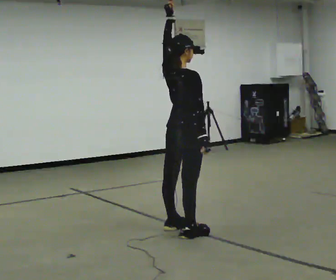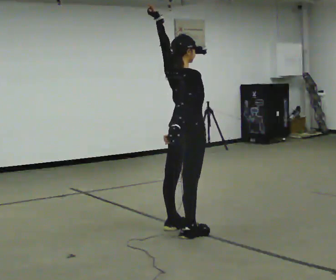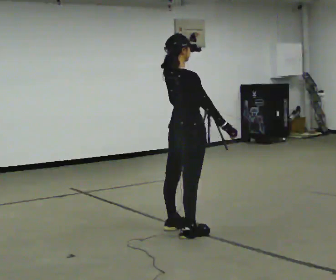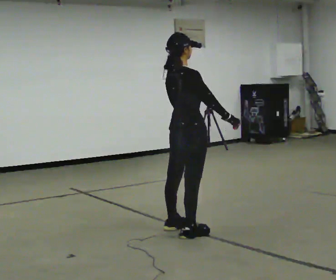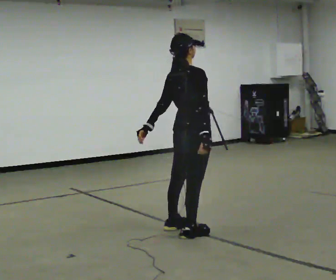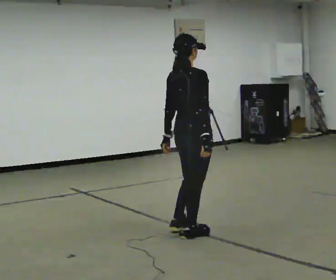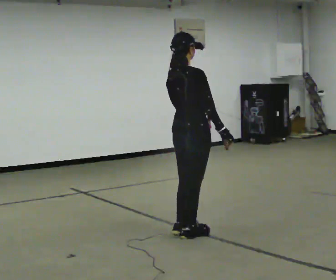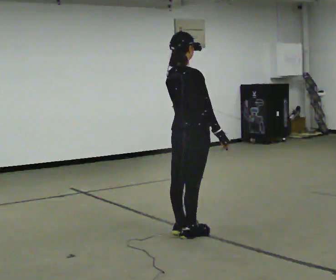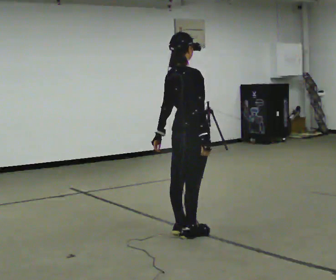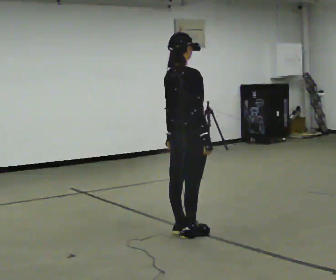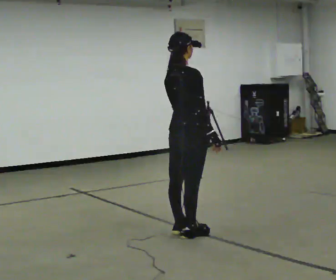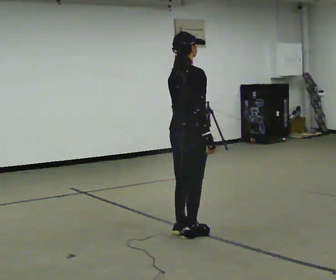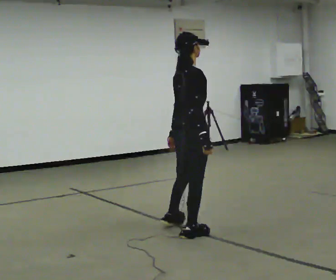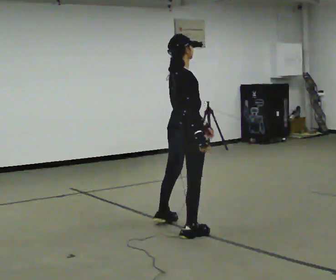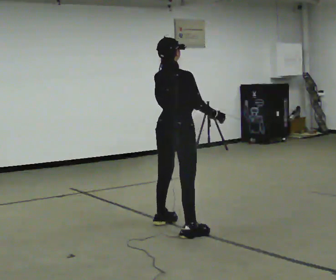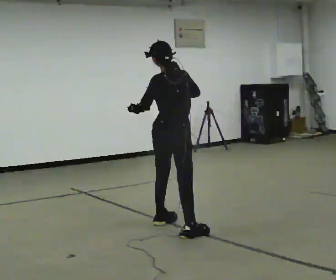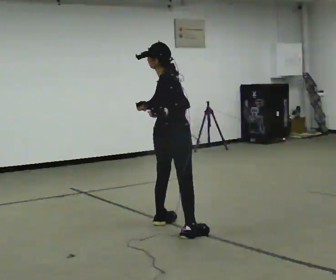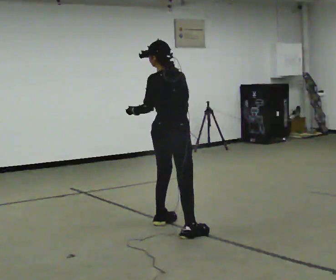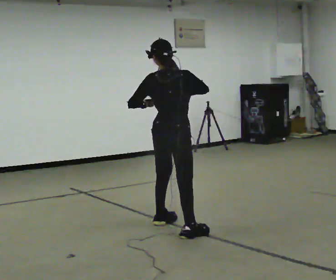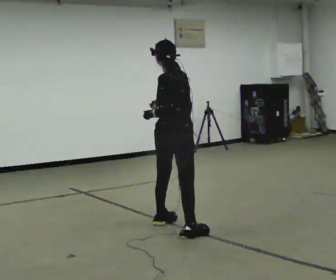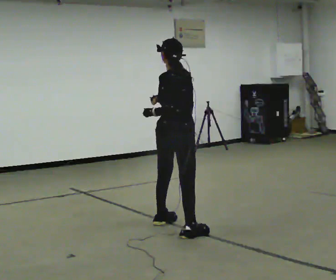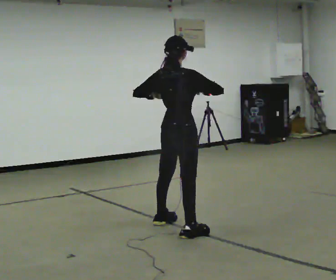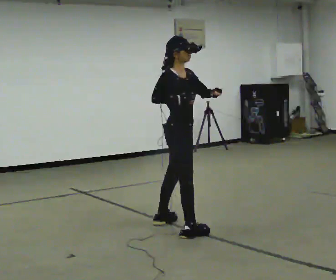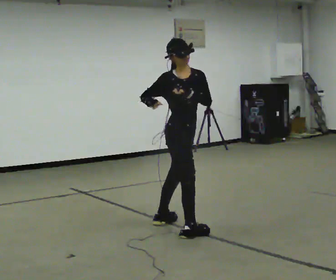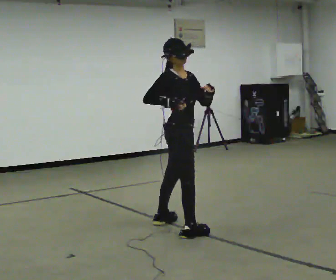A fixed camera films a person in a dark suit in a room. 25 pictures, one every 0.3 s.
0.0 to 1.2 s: In the picture their left hand goes downward.
1.2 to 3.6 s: The person moves a little, or ends about where they began.
3.6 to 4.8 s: The person turns about 90 degrees to their left, counterclockwise seen from above, so the part of the body nearest the lens slides to the right. In the picture they go away from the camera, about 0.25 m in 1 step.
4.8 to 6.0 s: The person turns about 45 degrees to their right, clockwise seen from above, so the part of the body nearest the lens slides to the left.
6.0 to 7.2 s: Seen from above the body turns clockwise, about 90 degrees: to their right, with its near side sliding to the left. In the picture their left hand goes to the right.
The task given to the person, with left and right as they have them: Repeat a short dance step or sequence over and over in time with a steady beat.
The film runs forward here.
